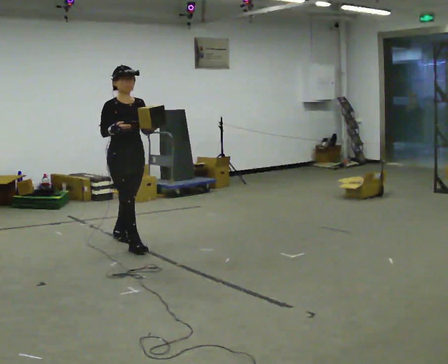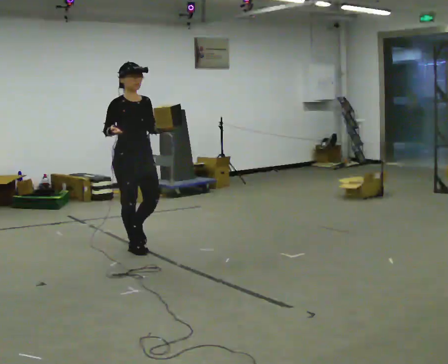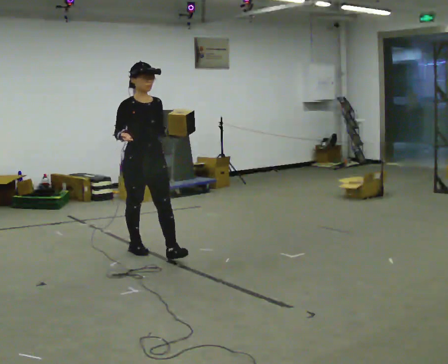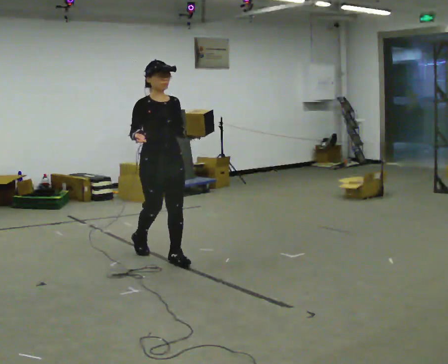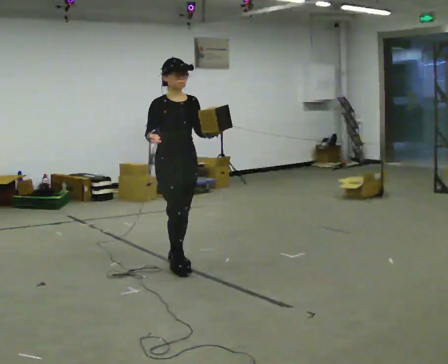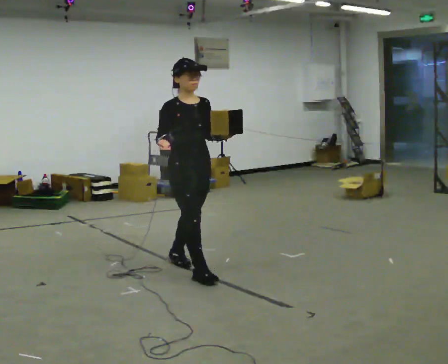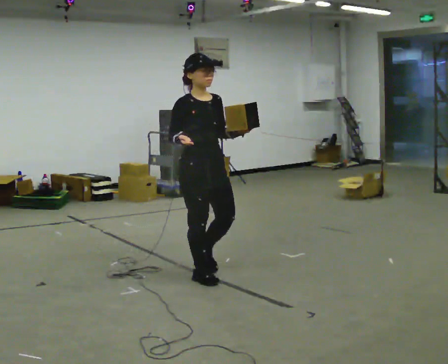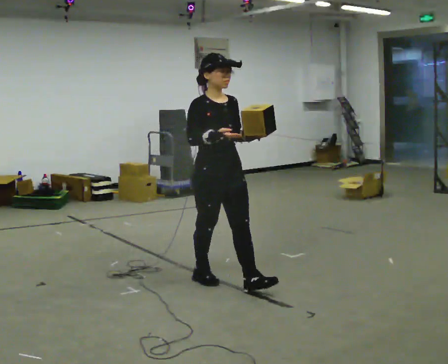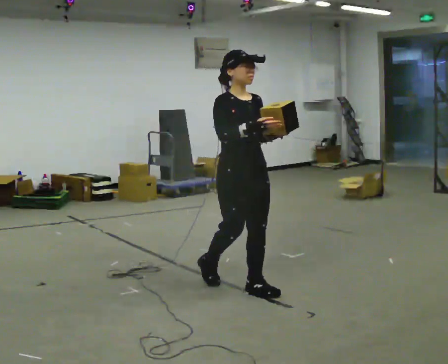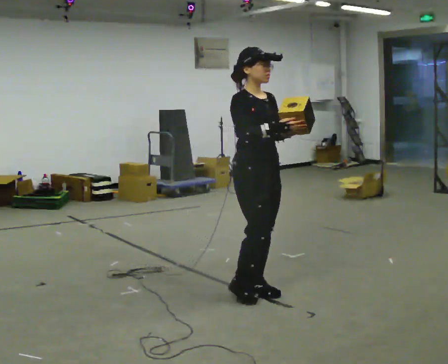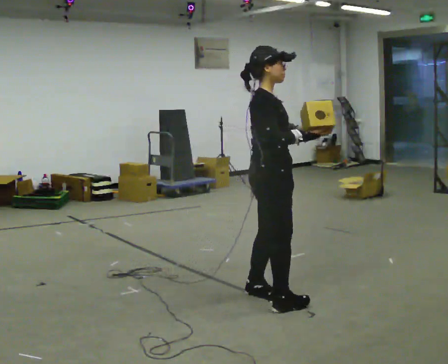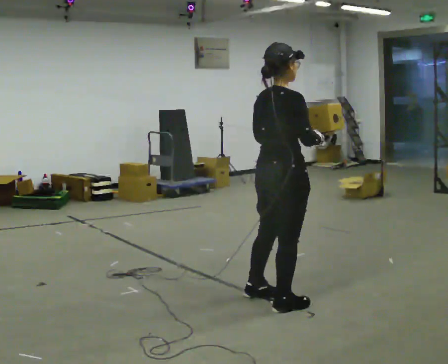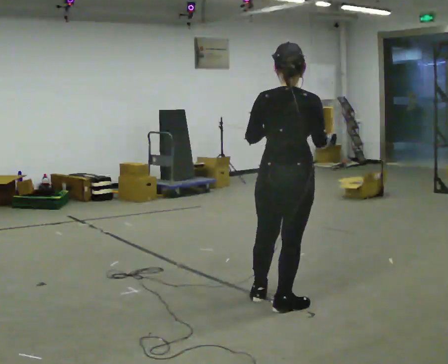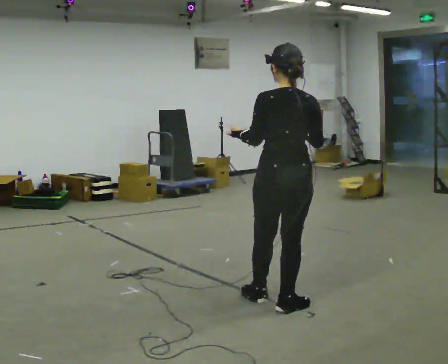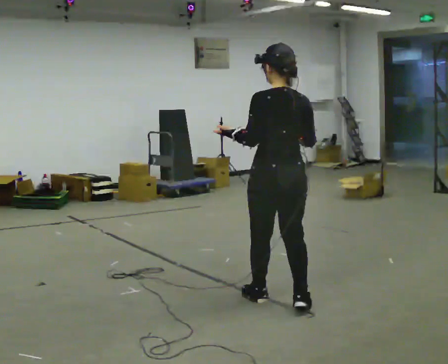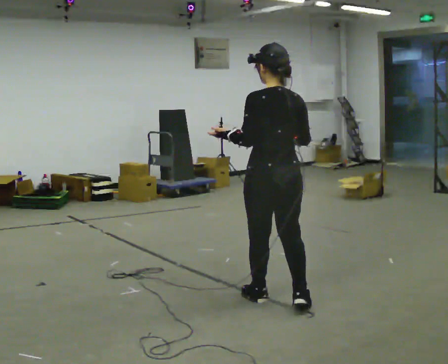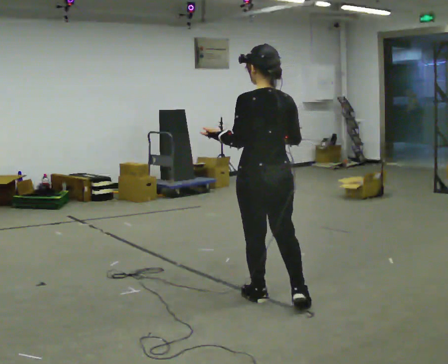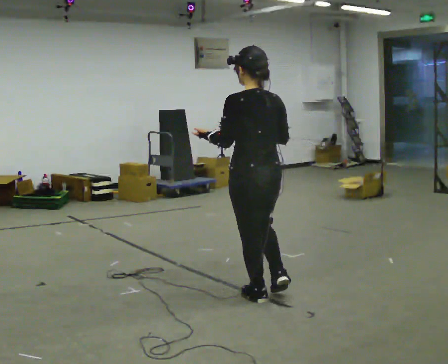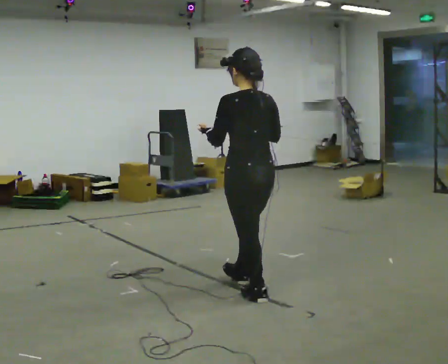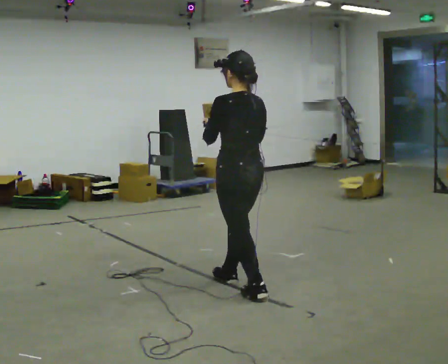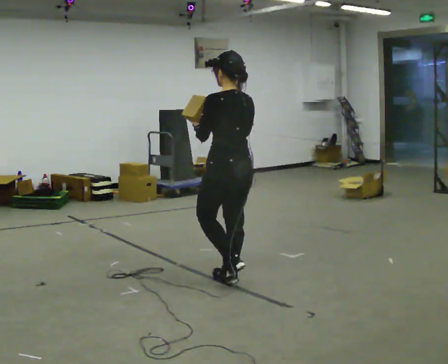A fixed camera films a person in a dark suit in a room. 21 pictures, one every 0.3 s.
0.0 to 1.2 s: In the picture they go to the right and toward the camera, about 1 m in 1 step, which for them is forward.
1.2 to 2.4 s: In the picture they go to the right and toward the camera, about 1 m in 2 steps, which for them is forward.
2.4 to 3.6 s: The person turns about 135 degrees to their left, counterclockwise seen from above, so the part of the body nearest the lens slides to the right. In the picture they go to the right and toward the camera, about 0.5 m in 2 steps.
3.6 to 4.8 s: The person turns about 30 degrees to their left, counterclockwise seen from above, so the part of the body nearest the lens slides to the right. In the picture they go to the left, about 0.25 m, which for them is forward.
4.8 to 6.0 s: In the picture they go to the left and away from the camera, about 0.5 m in 1 step, which for them is forward.
The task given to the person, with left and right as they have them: Carry the object in one hand and, while walking, pass it to your other hand. Keep passing it back and forth as you walk.
The film runs forward here.
